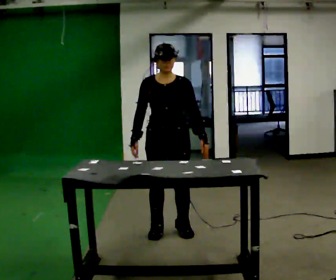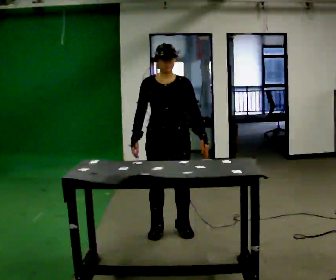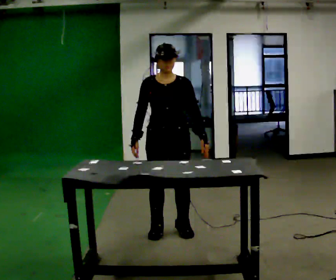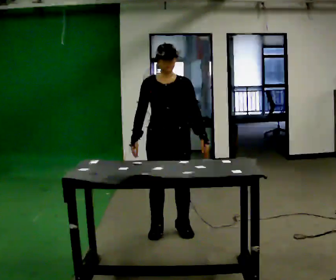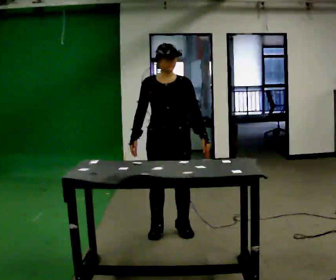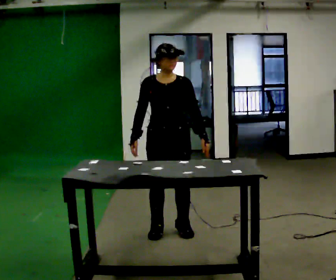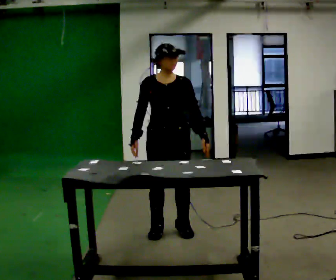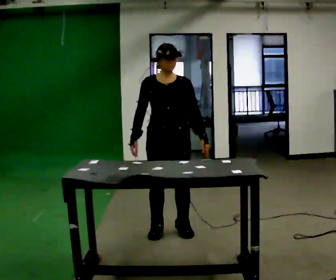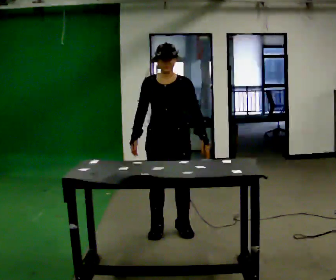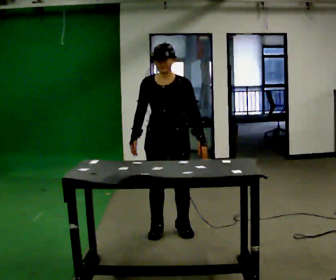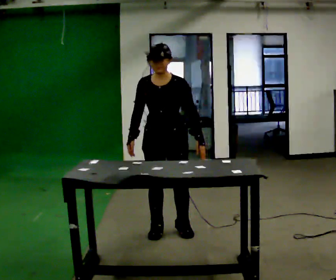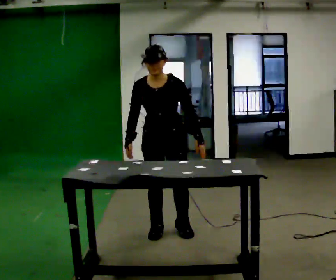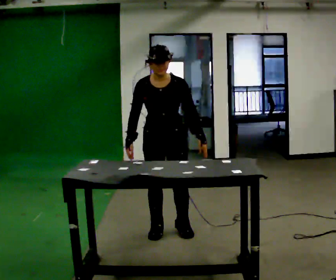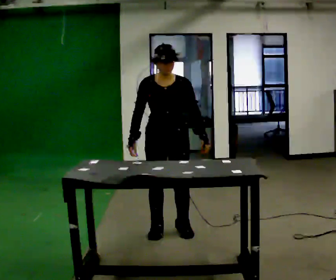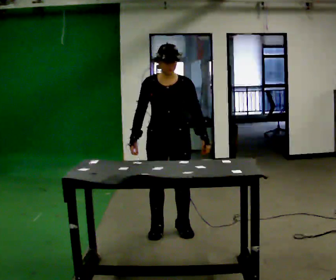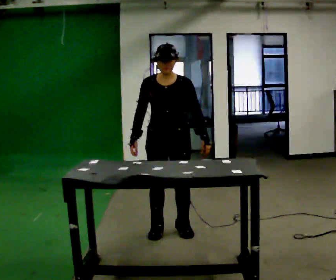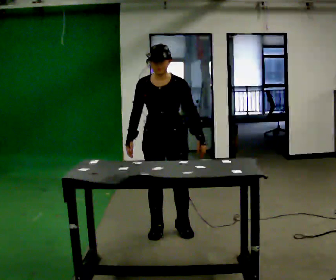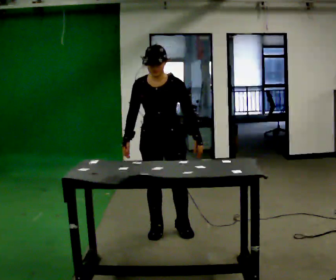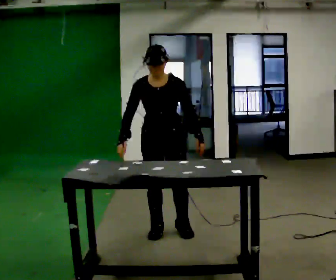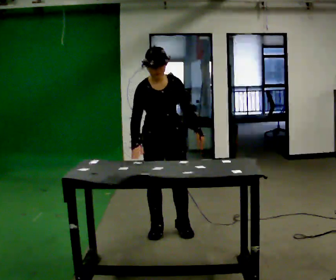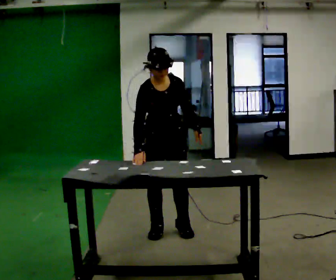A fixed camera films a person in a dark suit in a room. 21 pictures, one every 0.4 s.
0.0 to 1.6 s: The person keeps their place and pose.
1.6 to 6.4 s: The person moves a little, or ends about where they began.
6.4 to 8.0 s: The part of the body nearest the lens slides to the right as the person turns to their left by about 30 degrees.
The film runs forward here.
